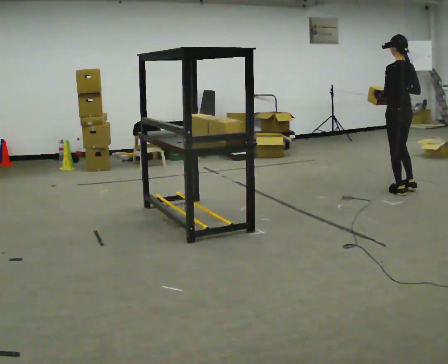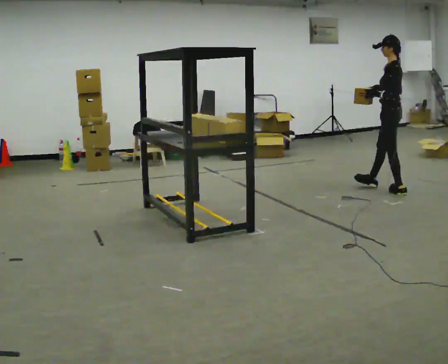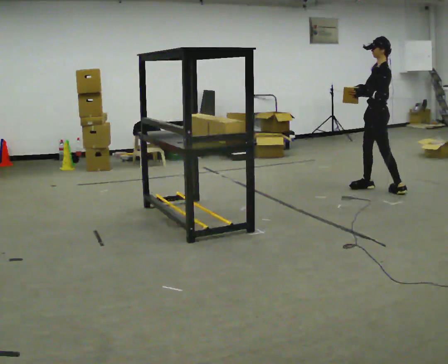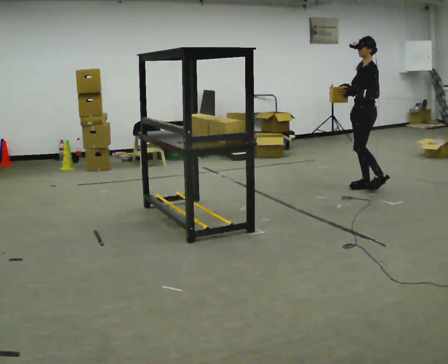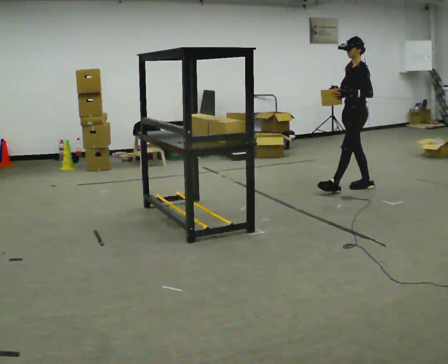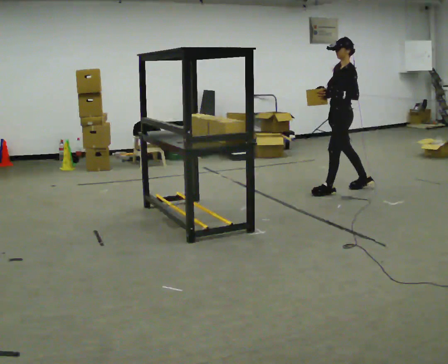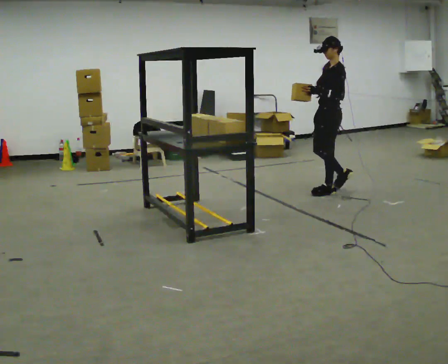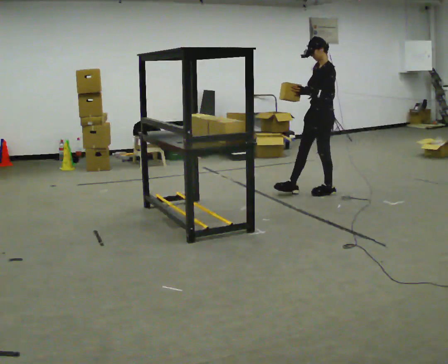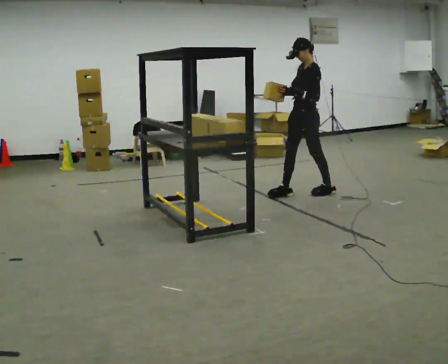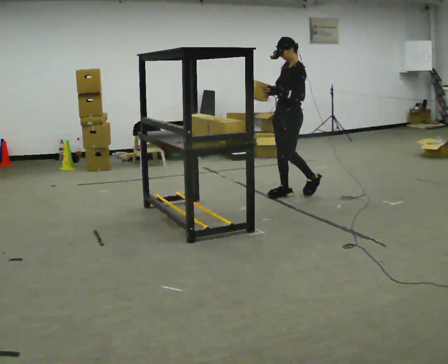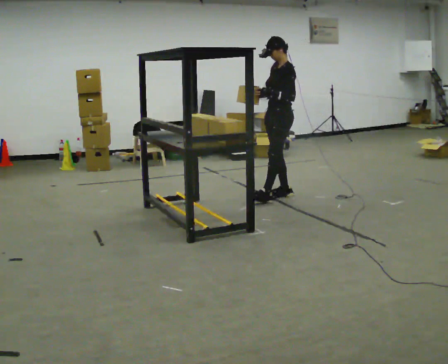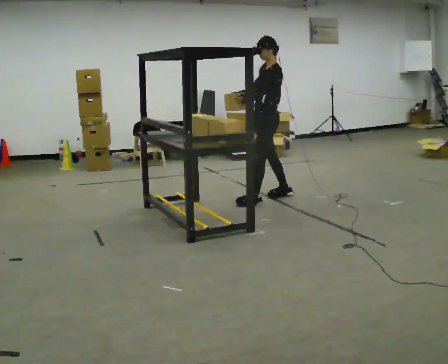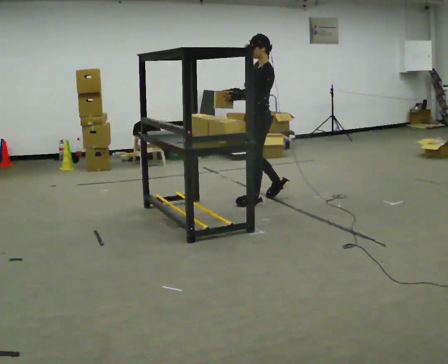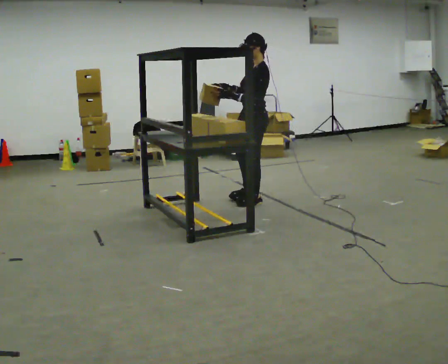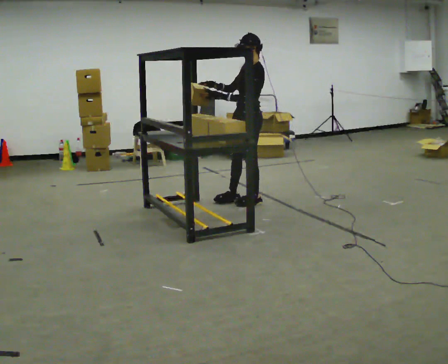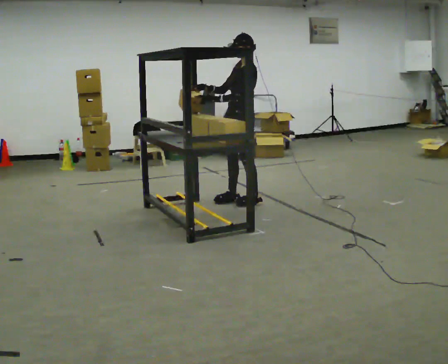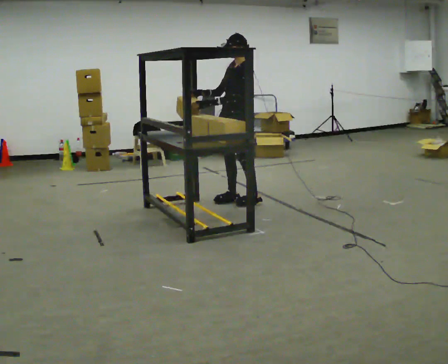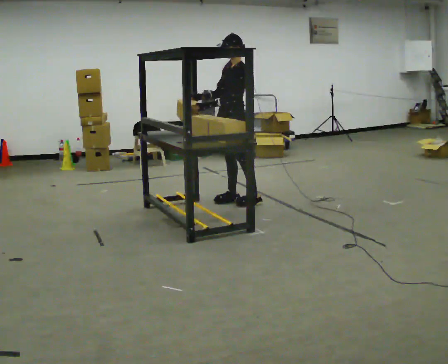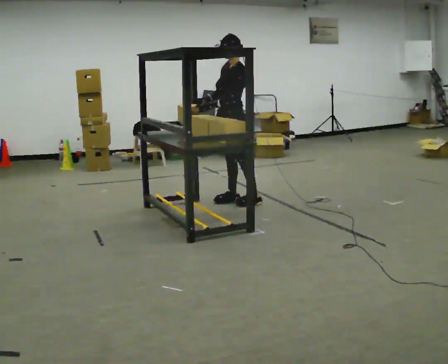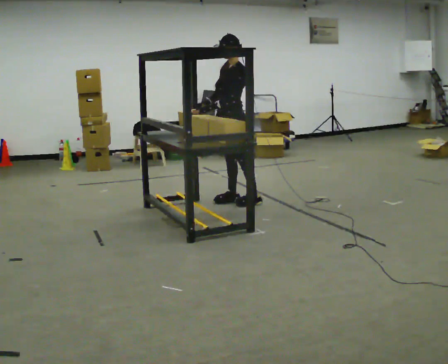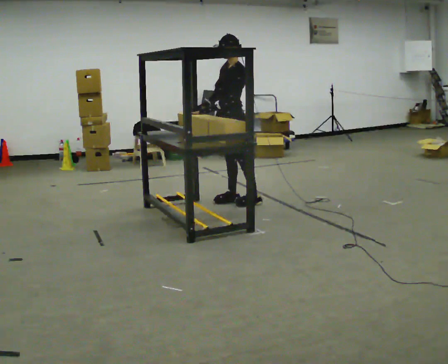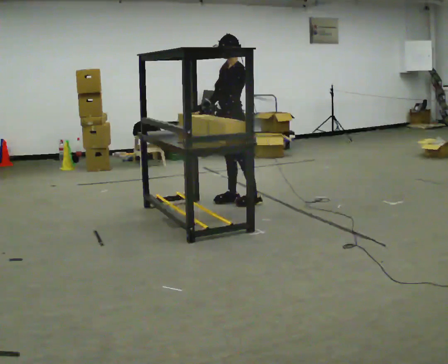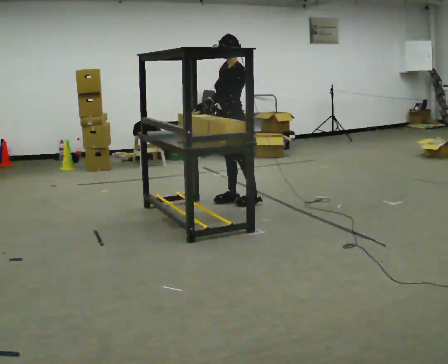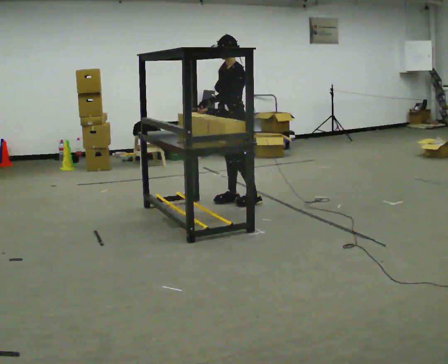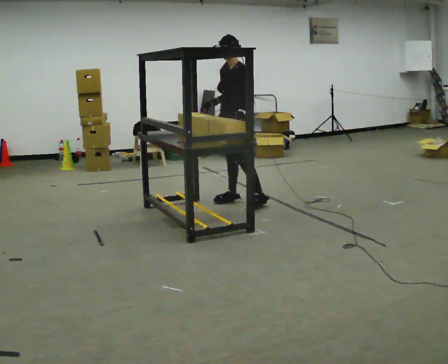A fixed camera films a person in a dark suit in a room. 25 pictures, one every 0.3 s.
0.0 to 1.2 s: The part of the body nearest the lens slides to the right as the person turns to their left by about 75 degrees. In the picture they go to the left and away from the camera, about 0.5 m in 1 step.
1.2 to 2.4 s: In the picture they go to the left, about 0.5 m in 2 steps, which for them is forward.
2.4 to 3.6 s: In the picture they go to the left and toward the camera, about 0.5 m in 1 step, which for them is forward.
3.6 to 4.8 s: In the picture they go to the left, about 0.25 m in 1 step, which for them is forward. In the picture their right hand goes to the left.
4.8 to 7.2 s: The person moves a little, or ends about where they began.
The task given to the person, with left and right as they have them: Pick an object up off the floor at one end of the room, carry it across, and place it on the waist-height shelf at the other end. Keep going until the operator says stop; one object at a time, and do not rush between trips.
The film runs forward here.
